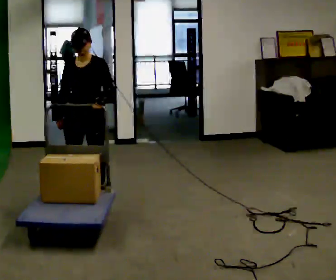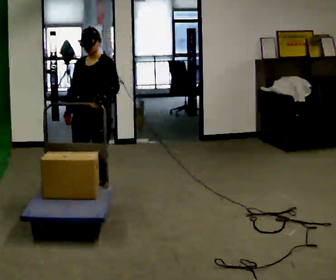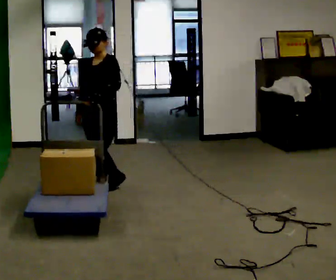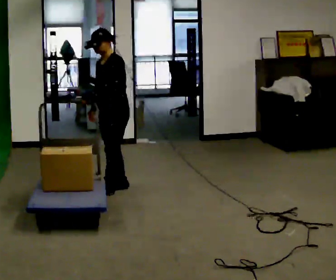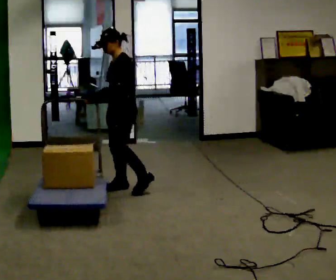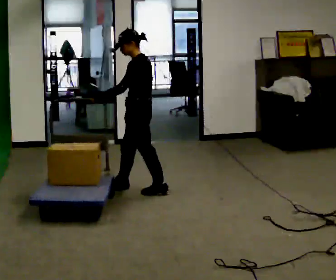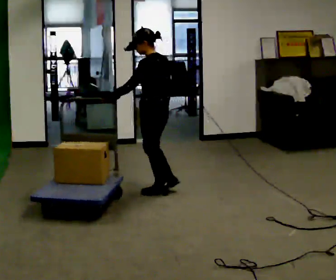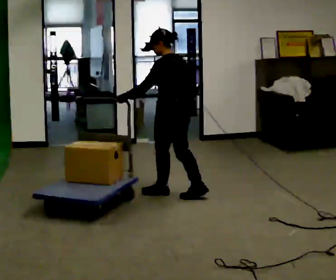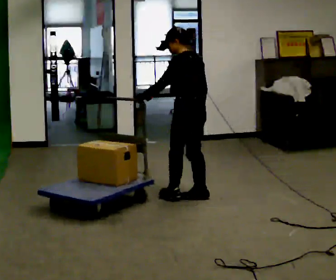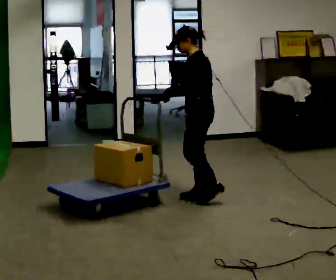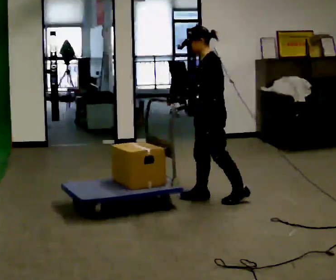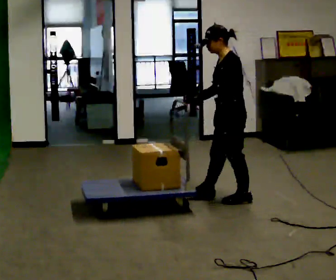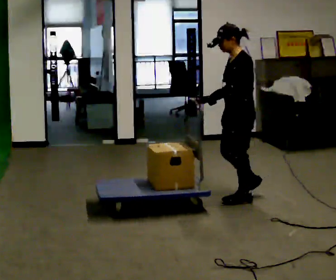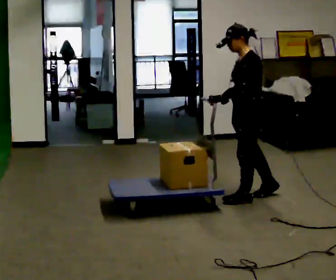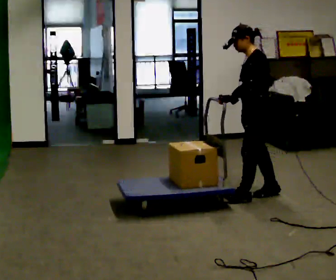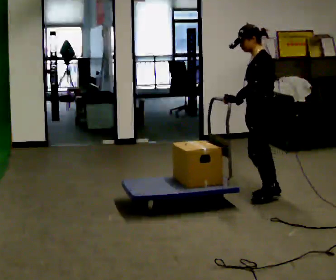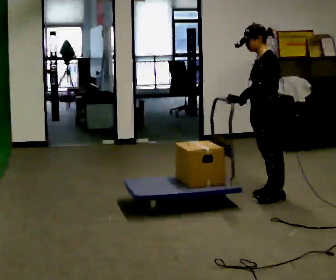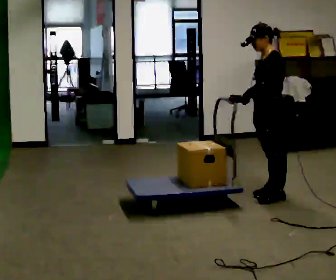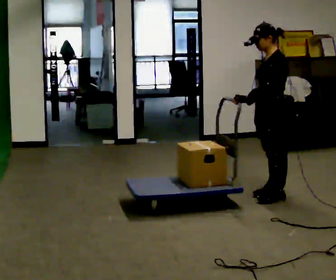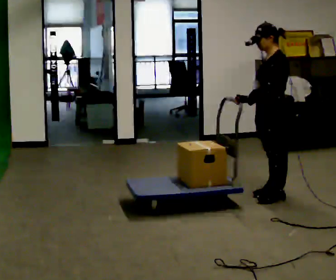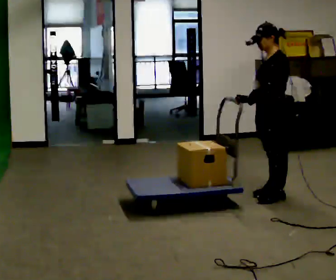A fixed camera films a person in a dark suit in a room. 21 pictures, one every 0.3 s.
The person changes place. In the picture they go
to the right.
0.0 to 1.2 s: Seen from above the body turns clockwise, about 60 degrees: to their right, with its near side sliding to the left. In the picture they go away from the camera and to the right, about 0.5 m in 1 step, which for them is backward.
1.2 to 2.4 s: Seen from above the body turns clockwise, about 60 degrees: to their right, with its near side sliding to the left. In the picture they go to the right, about 0.75 m in 2 steps, which for them is backward.
2.4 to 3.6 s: The part of the body nearest the lens slides to the right as the person turns to their left by about 45 degrees. In the picture they go to the right, about 0.5 m in 1 step, which for them is backward and to their left.
3.6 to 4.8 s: In the picture they go to the right, about 0.25 m in 1 step, which for them is backward.
4.8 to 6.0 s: The person moves a little, or ends about where they began.
The film runs backward here.
